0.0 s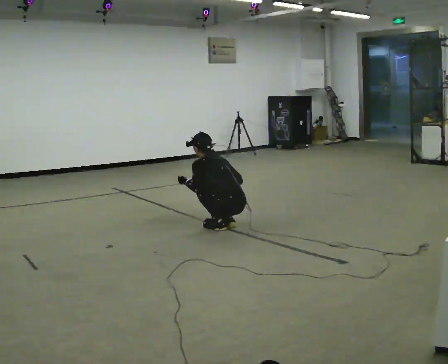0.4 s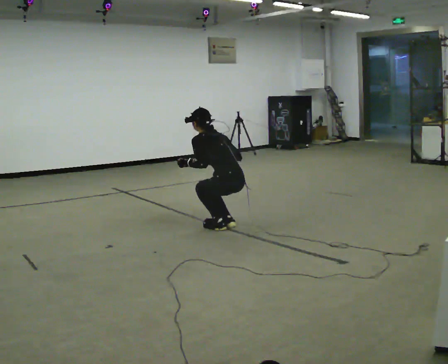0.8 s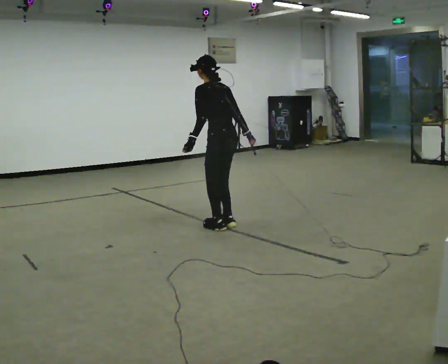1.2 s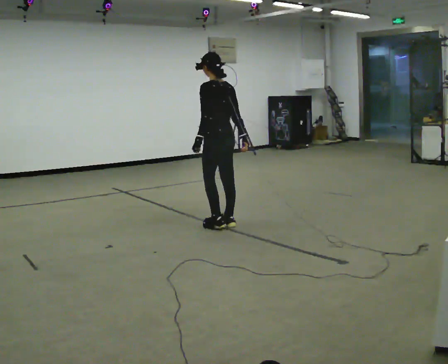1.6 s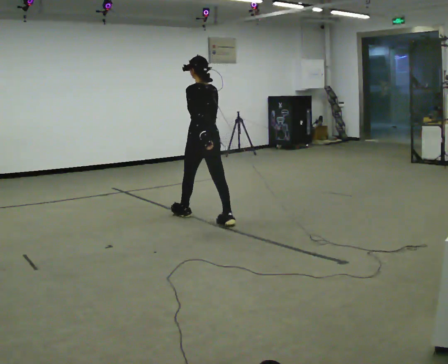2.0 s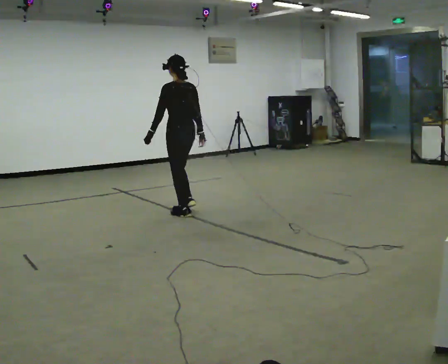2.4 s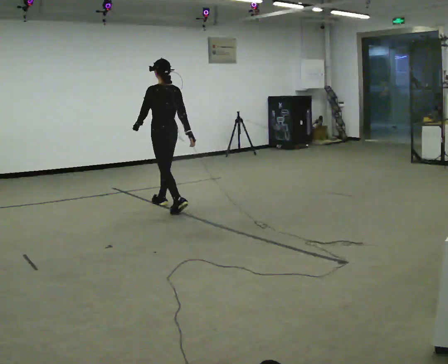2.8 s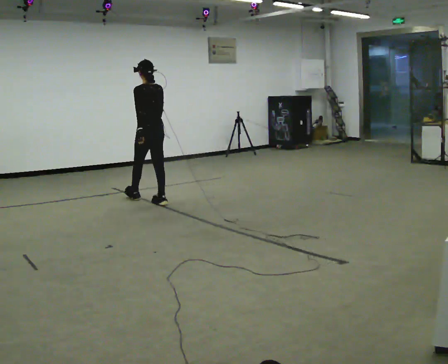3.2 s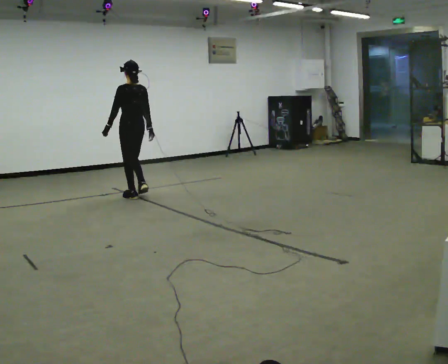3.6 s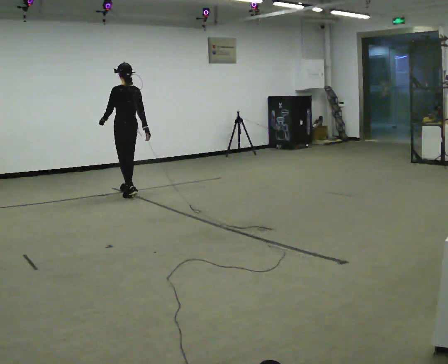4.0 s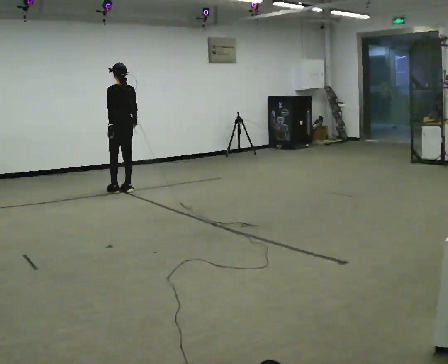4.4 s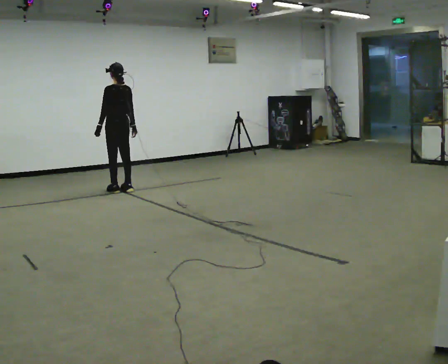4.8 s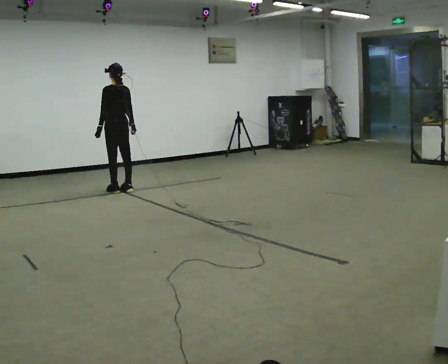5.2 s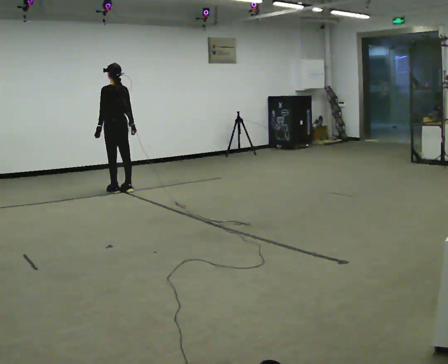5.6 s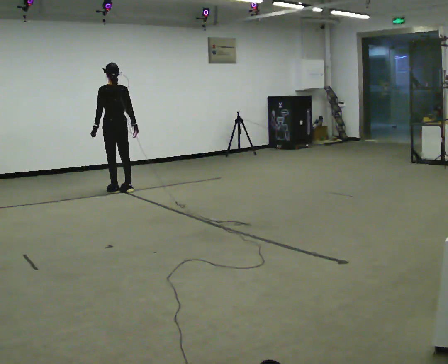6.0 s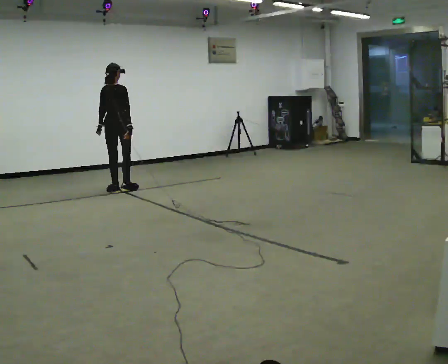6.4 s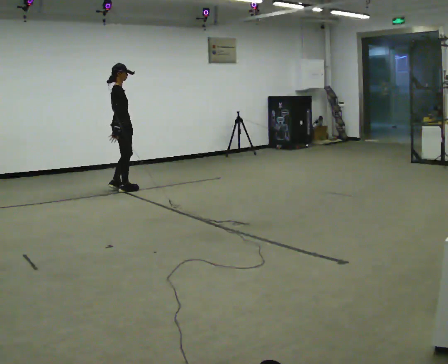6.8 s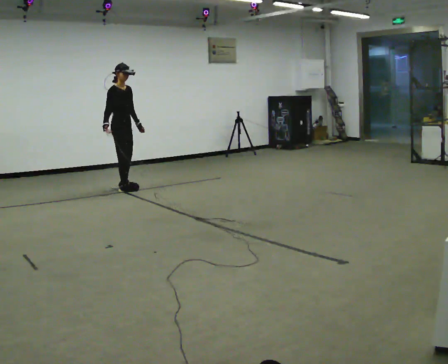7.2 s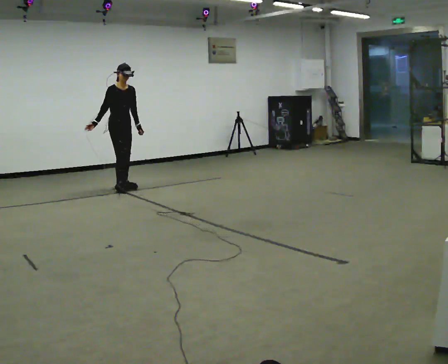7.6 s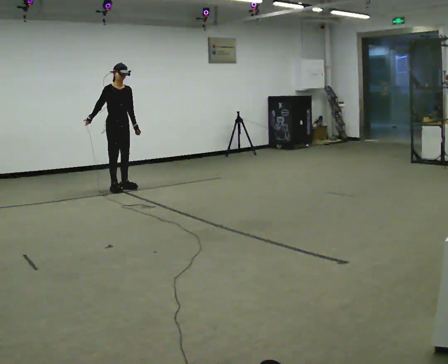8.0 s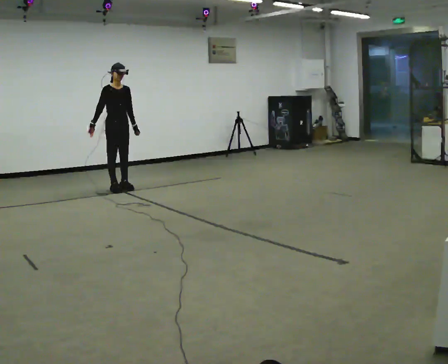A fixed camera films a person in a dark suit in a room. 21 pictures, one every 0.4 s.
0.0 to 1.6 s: In the picture they go away from the camera and to the left, about 0.5 m, which for them is forward. The shoulders move upward. The upper body tips toward the camera, its near side rolling downward, as they lean back or straighten. In the picture their left hand goes upward.
1.6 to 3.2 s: In the picture they go away from the camera and to the left, about 1.5 m in 3 steps, which for them is forward.
3.2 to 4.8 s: In the picture they go away from the camera and to the left, about 0.5 m in 2 steps, which for them is forward.
4.8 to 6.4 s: The person turns about 105 degrees to their right, clockwise seen from above, so the part of the body nearest the lens slides to the left.
6.4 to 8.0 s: Seen from above the body turns clockwise, about 75 degrees: to their right, with its near side sliding to the left. In the picture their right hand goes to the left.
The film runs forward here.
